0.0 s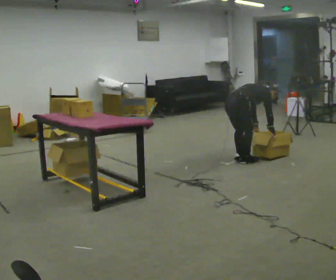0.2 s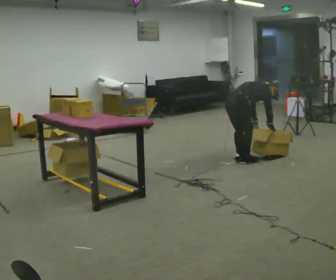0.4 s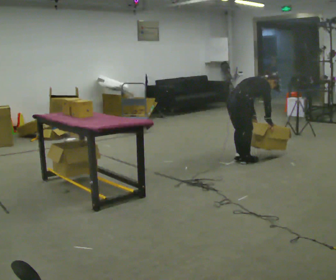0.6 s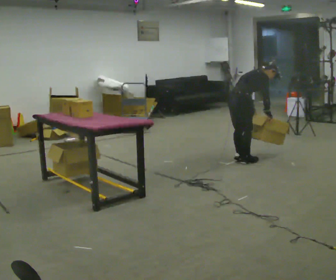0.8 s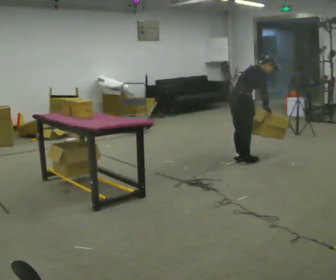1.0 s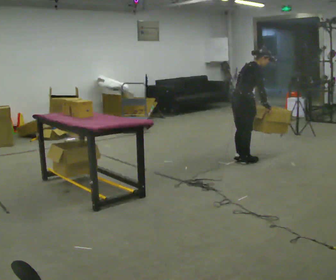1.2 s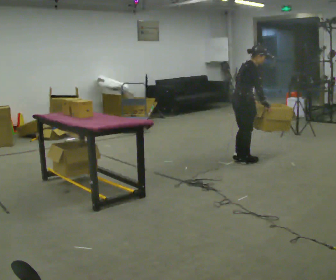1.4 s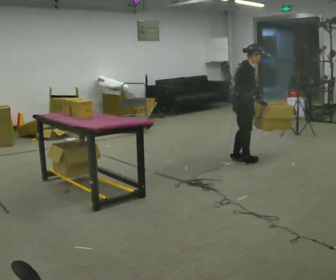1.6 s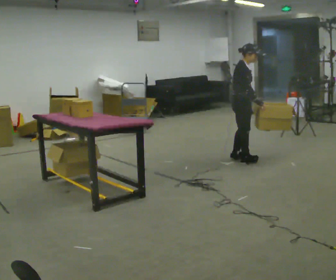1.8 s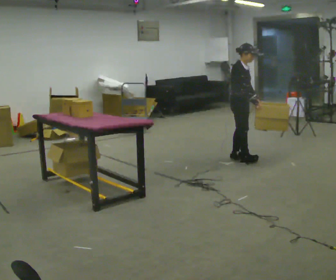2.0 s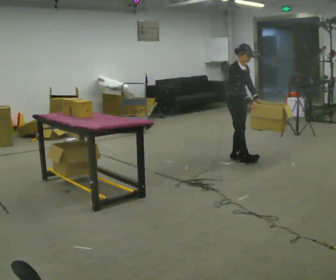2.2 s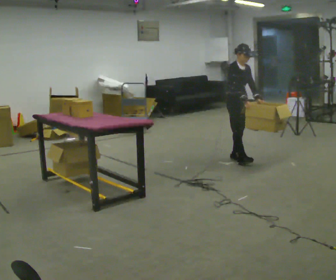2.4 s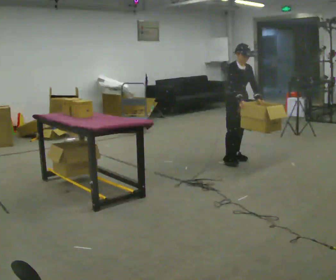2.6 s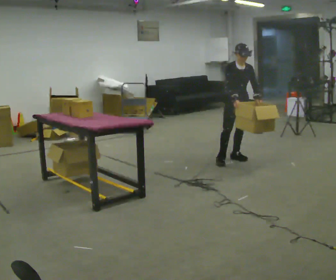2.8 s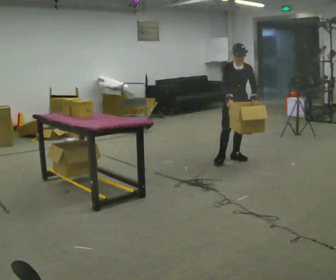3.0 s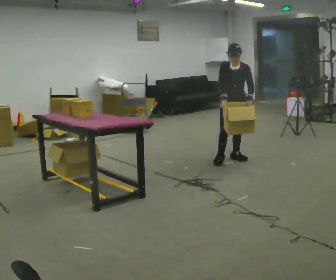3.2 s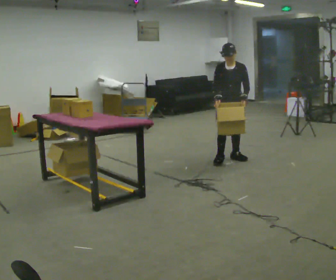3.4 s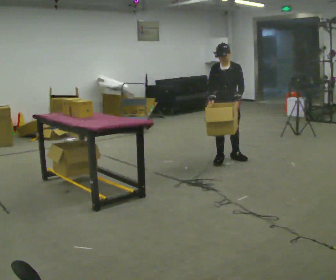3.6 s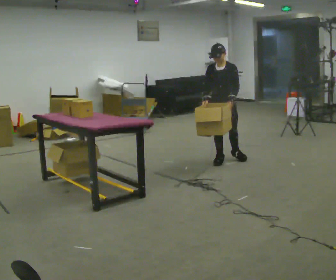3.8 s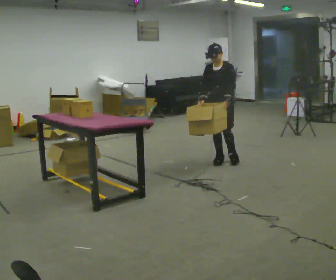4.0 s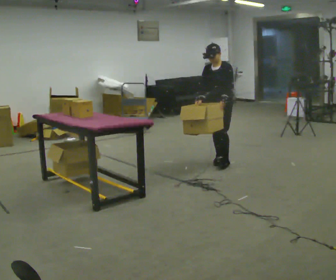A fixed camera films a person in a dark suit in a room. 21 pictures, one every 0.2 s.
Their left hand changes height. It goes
upward.
The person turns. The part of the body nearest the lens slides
to the left.
0.0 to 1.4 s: Seen from above the body turns clockwise, about 30 degrees: to their right, with its near side sliding to the left. The shoulders move upward. In the picture the upper body tilts counterclockwise, shoulders to the left, as they lean back or straighten. In the picture their left hand goes upward.
1.4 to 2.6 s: Seen from above the body turns clockwise, about 75 degrees: to their right, with its near side sliding to the left. In the picture they go away from the camera, about 0.25 m in 2 steps.
2.6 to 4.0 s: The part of the body nearest the lens slides to the left as the person turns to their right by about 45 degrees. In the picture they go to the left and toward the camera, about 0.25 m, which for them is to their right and forward.
The film runs forward here.
